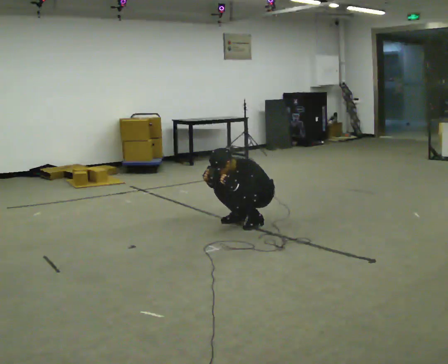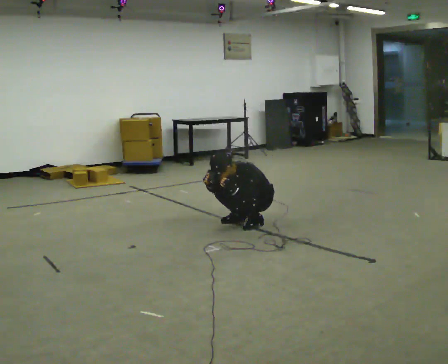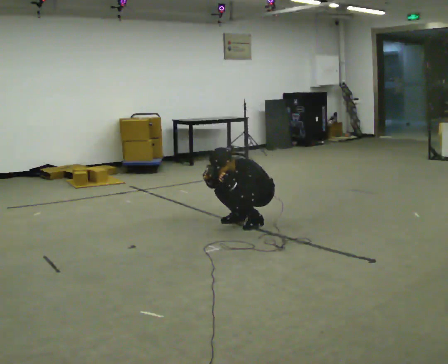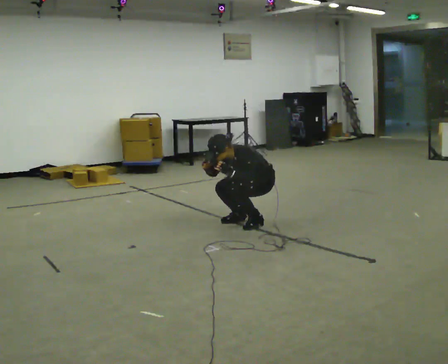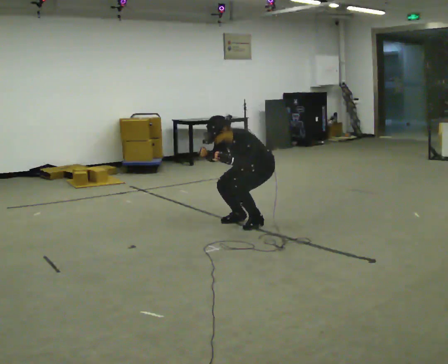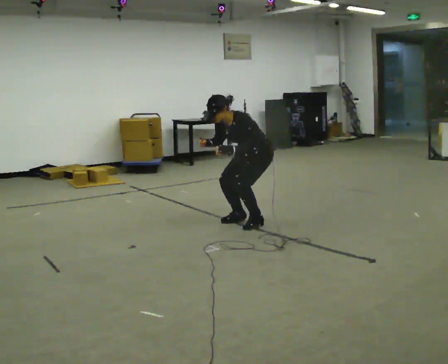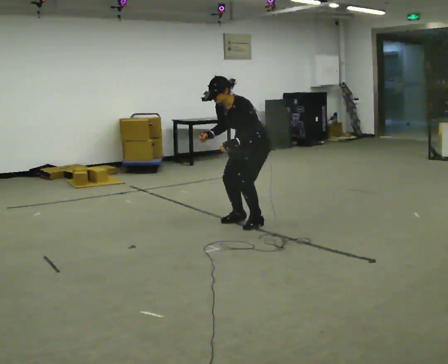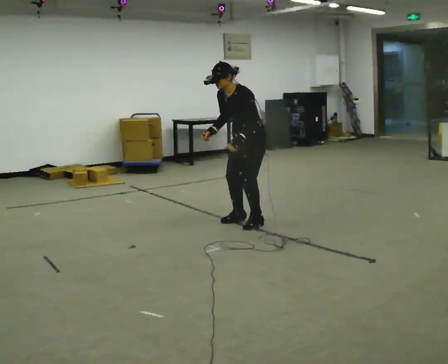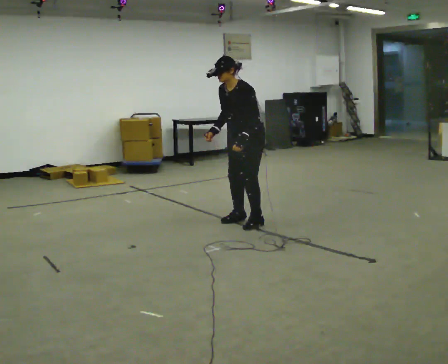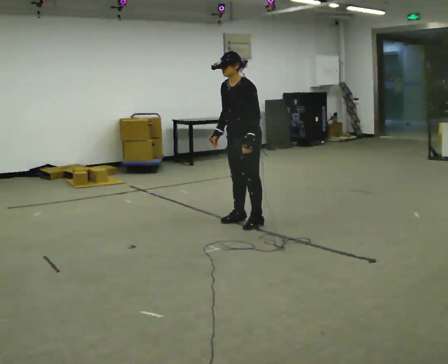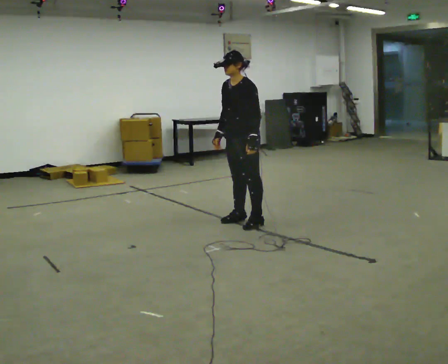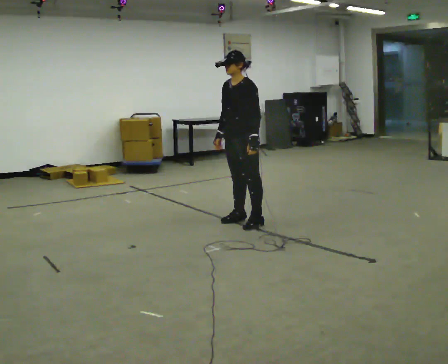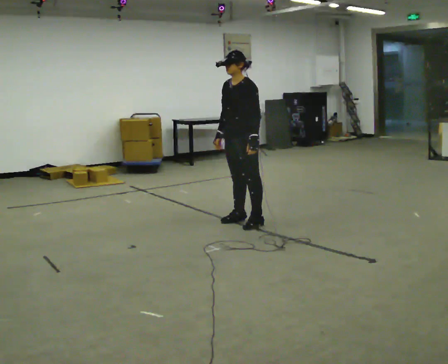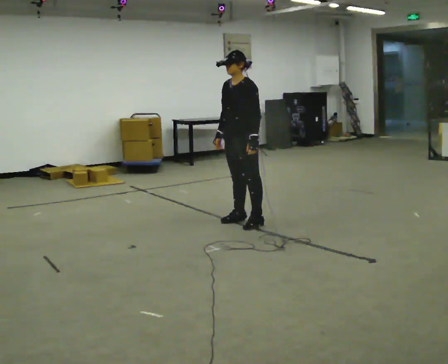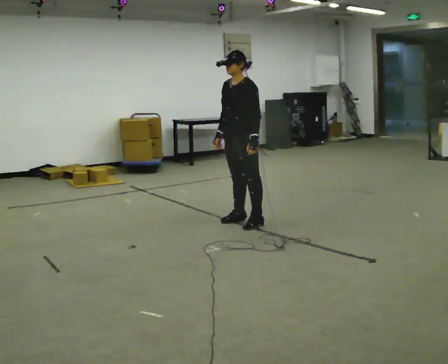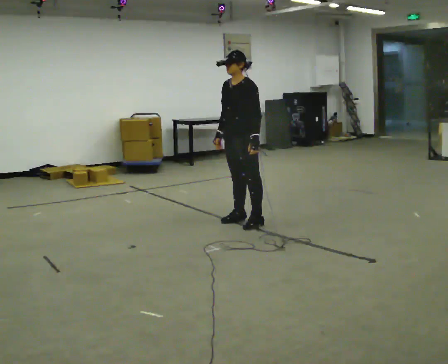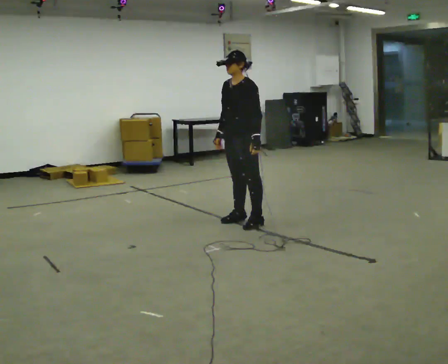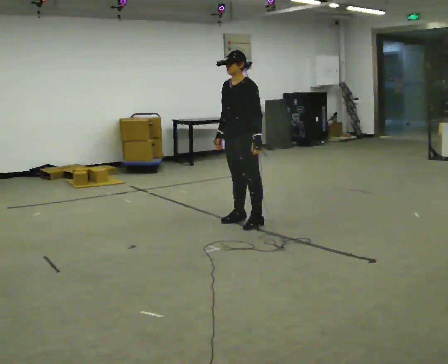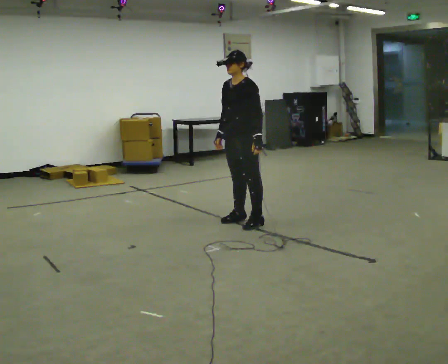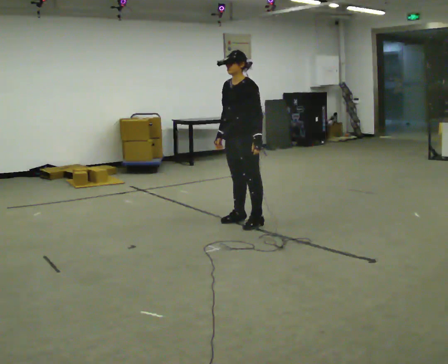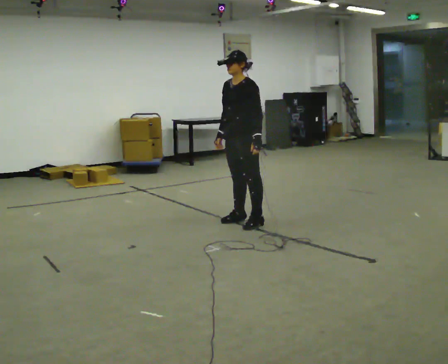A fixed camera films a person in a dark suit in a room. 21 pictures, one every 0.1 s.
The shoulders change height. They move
upward.
0.0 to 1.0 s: The upper body goes upward. In the picture the upper body tilts clockwise, shoulders to the right, as they lean back or straighten. In the picture their left hand goes upward.
1.0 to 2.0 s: The person moves a little, or ends about where they began.
The film runs backward here.
